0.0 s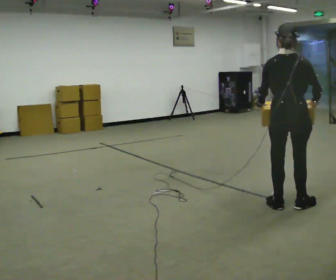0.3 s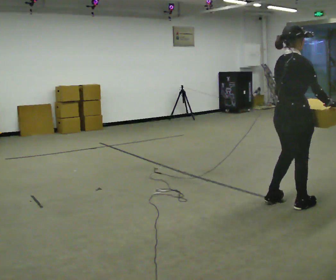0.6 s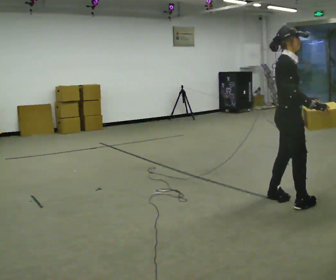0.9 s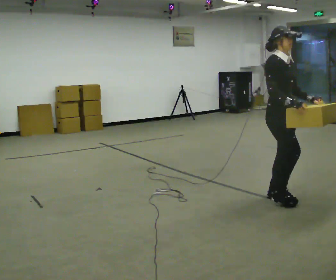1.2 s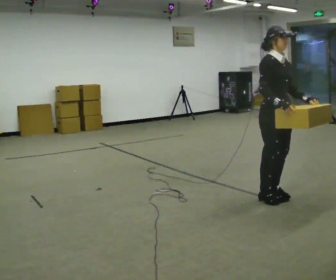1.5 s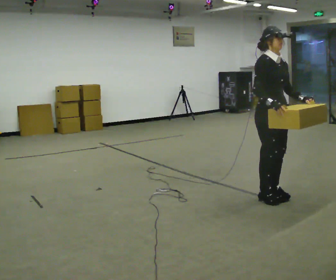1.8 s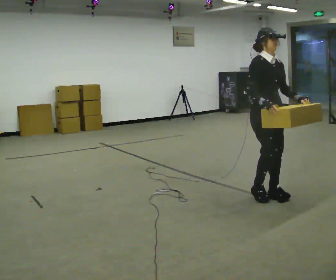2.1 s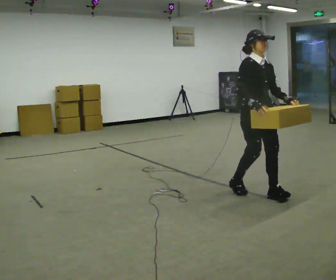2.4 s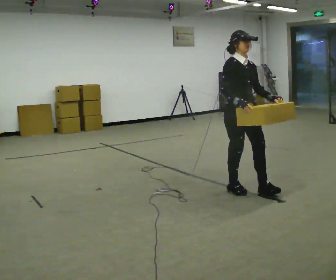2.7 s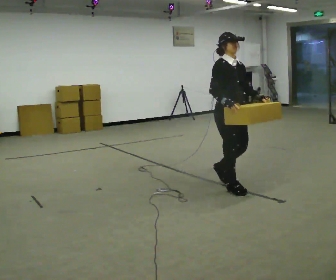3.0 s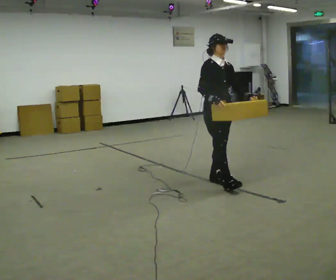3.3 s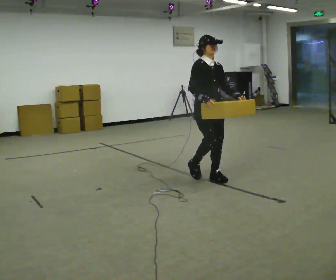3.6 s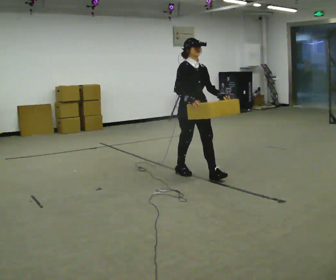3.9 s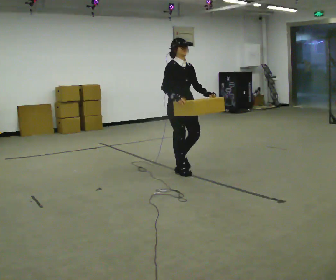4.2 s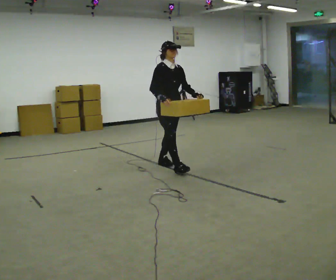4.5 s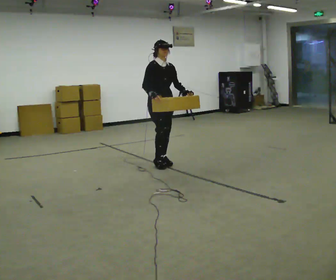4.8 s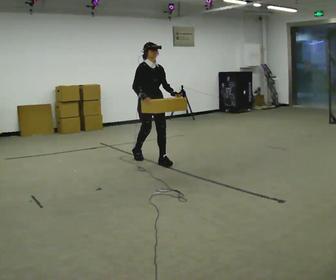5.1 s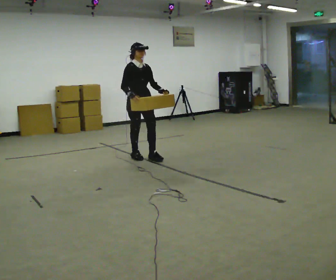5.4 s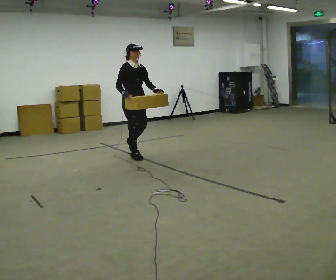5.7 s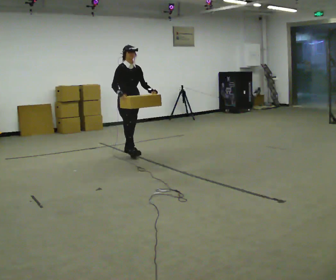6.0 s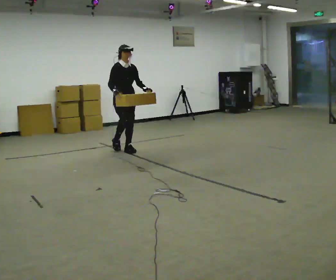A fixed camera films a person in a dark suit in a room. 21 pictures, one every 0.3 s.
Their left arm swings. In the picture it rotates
counterclockwise.
0.0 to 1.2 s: The person turns about 135 degrees to their right, clockwise seen from above, so the part of the body nearest the lens slides to the left. In the picture they go away from the camera, about 0.25 m in 2 steps.
1.2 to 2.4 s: In the picture they go to the left and away from the camera, about 0.5 m in 2 steps, which for them is backward.
2.4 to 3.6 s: In the picture they go away from the camera and to the left, about 1 m in 1 step, which for them is backward.
3.6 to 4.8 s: In the picture they go away from the camera and to the left, about 1 m in 2 steps, which for them is backward.
4.8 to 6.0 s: In the picture they go away from the camera and to the left, about 1 m in 2 steps, which for them is backward.
The film runs backward here.
